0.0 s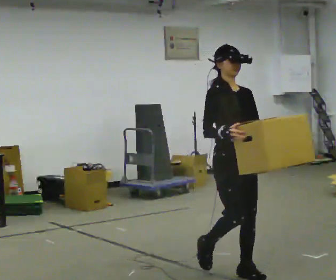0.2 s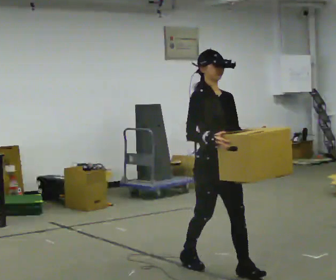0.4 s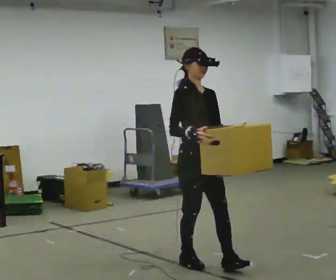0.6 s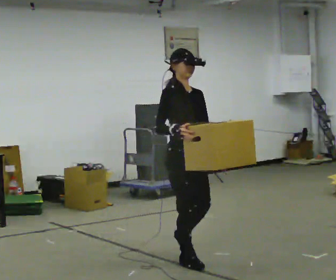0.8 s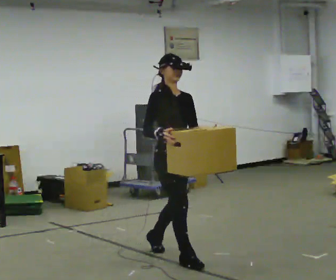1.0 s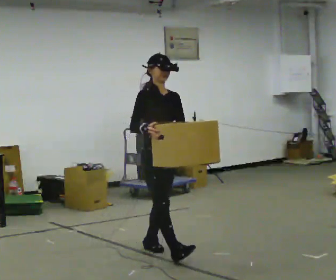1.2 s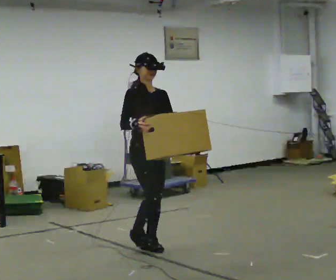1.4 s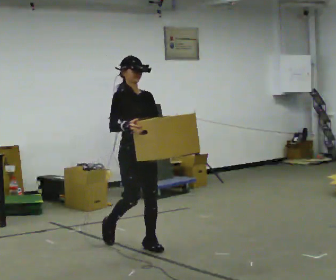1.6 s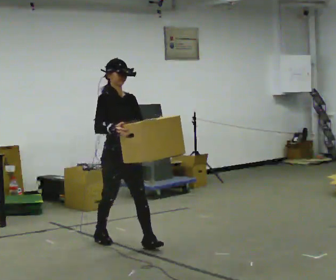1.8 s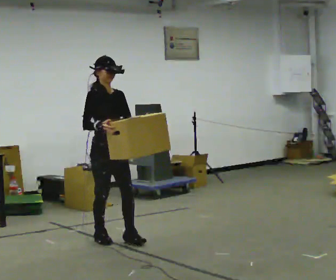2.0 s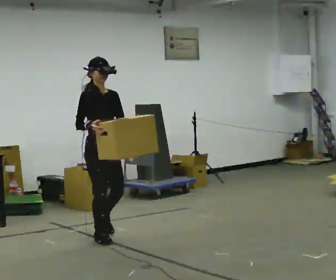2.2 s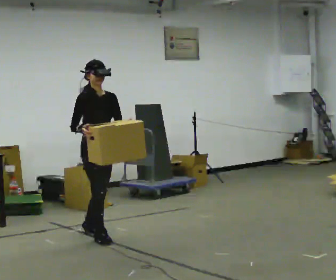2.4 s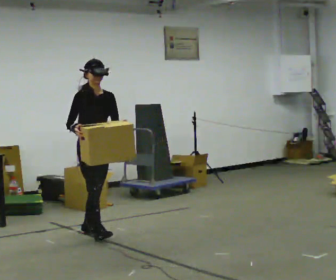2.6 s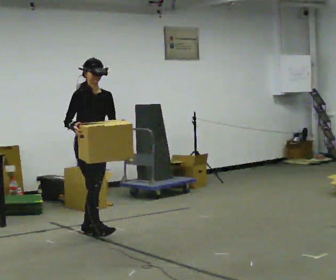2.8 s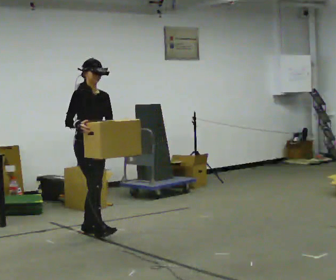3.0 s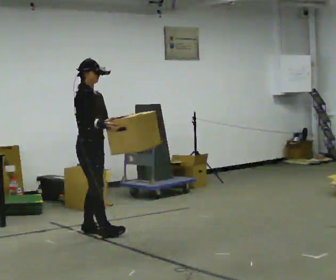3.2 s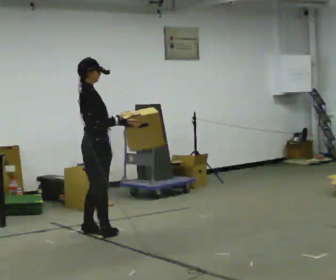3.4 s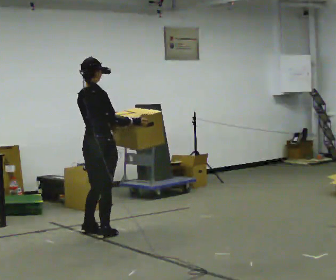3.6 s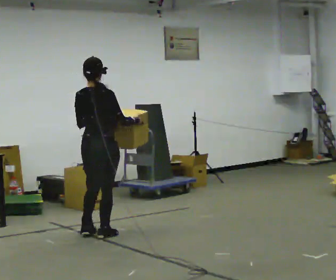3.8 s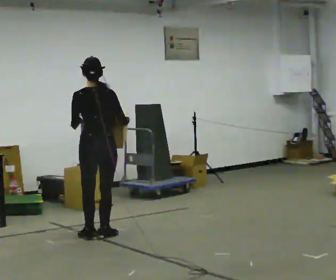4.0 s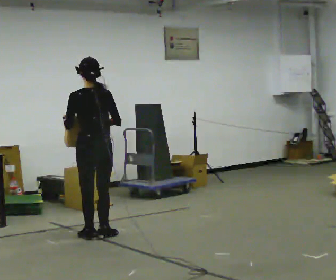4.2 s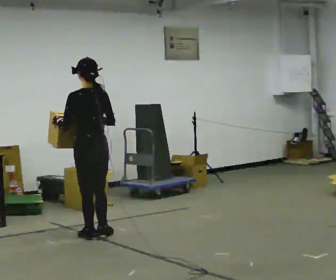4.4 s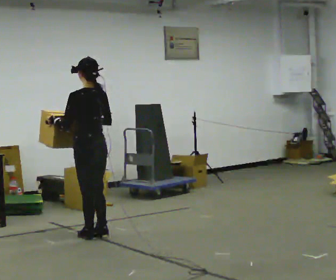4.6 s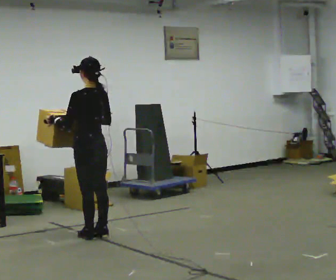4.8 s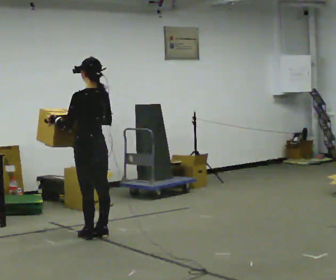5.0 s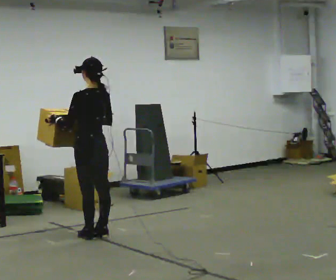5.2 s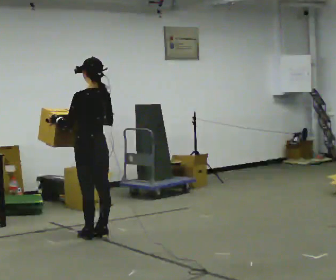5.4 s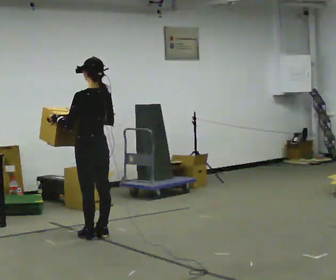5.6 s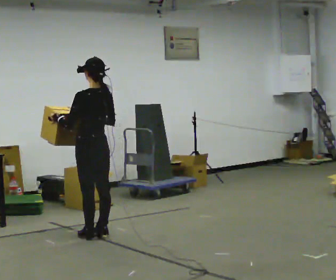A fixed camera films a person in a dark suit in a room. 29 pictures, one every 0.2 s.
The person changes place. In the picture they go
away from the camera.
The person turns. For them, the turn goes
to their left.
0.0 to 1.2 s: In the picture they go away from the camera and to the left, about 1 m in 2 steps, which for them is backward.
1.2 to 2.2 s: In the picture they go away from the camera and to the left, about 0.75 m in 1 step, which for them is backward.
2.2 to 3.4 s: The part of the body nearest the lens slides to the right as the person turns to their left by about 90 degrees. In the picture their right hand goes to the right.
3.4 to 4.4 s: The part of the body nearest the lens slides to the right as the person turns to their left by about 90 degrees.
4.4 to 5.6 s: The person moves a little, or ends about where they began.
The film runs backward here.
